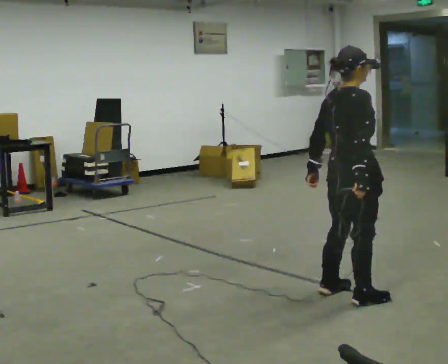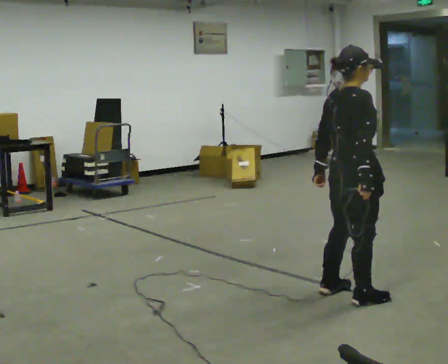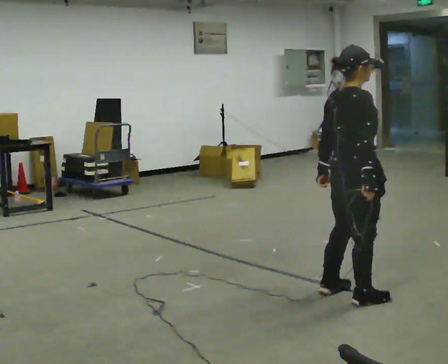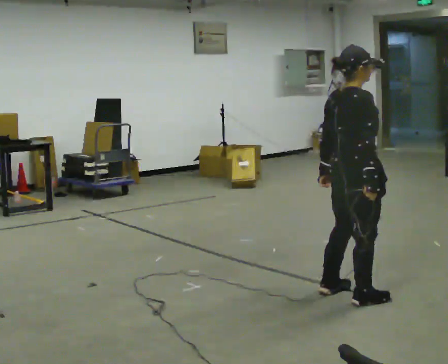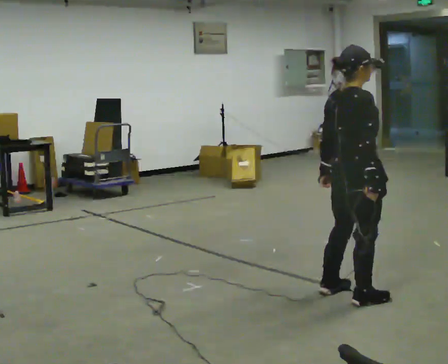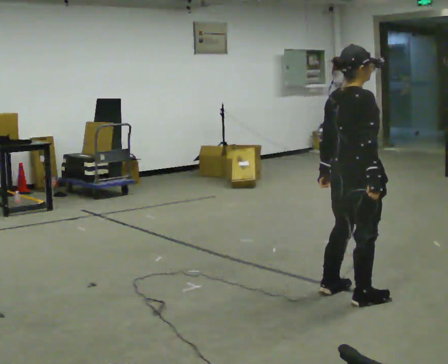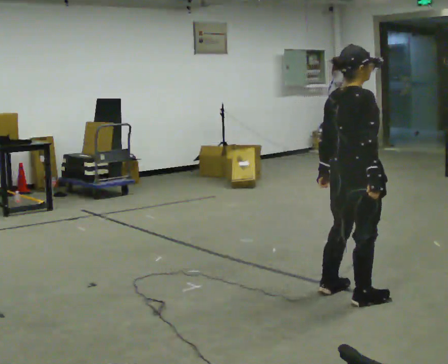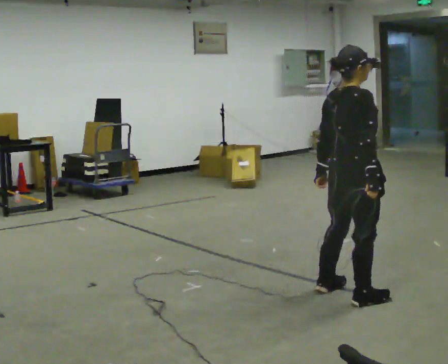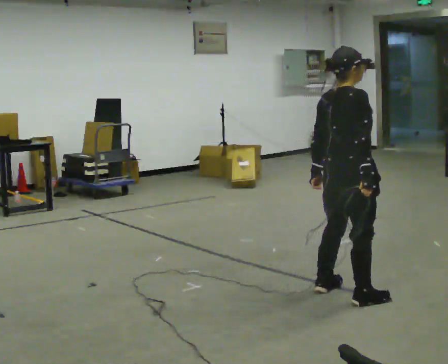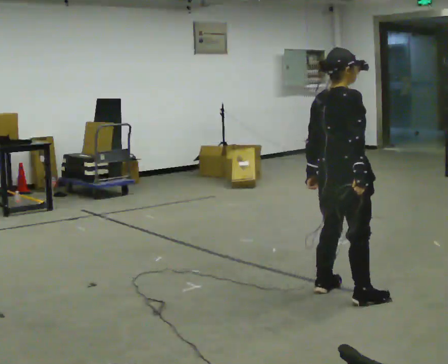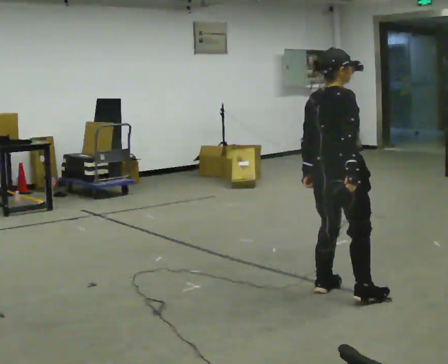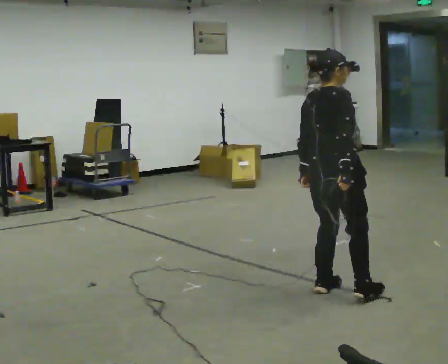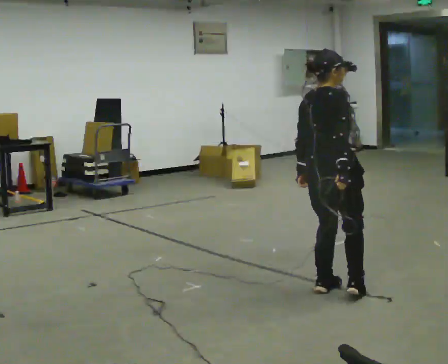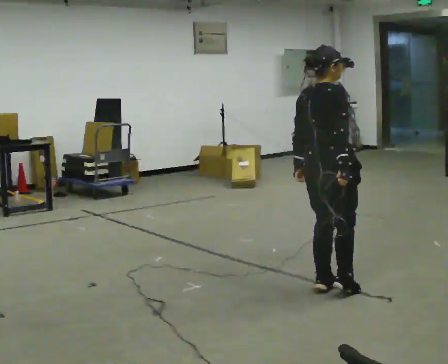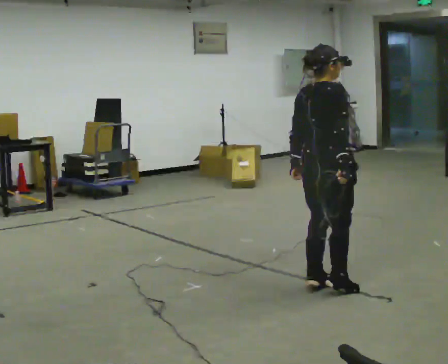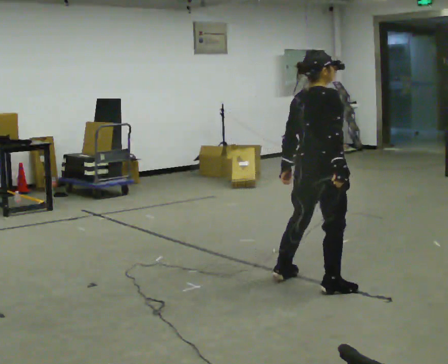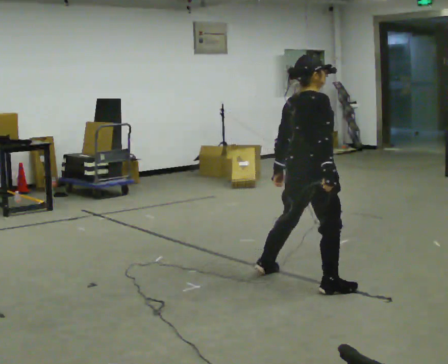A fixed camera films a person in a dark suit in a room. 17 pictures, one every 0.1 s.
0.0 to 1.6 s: In the picture they go to the left and away from the camera, about 0.25 m in 2 steps, which for them is to their left.
The film runs backward here.
